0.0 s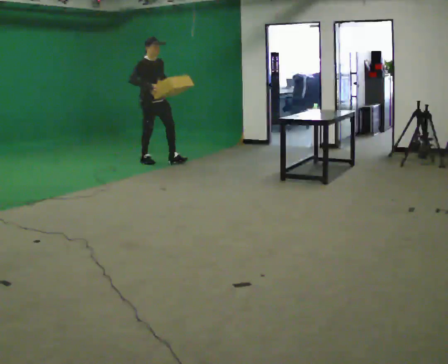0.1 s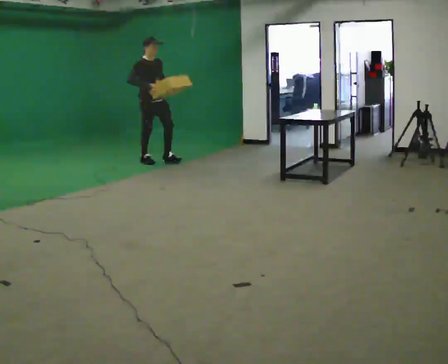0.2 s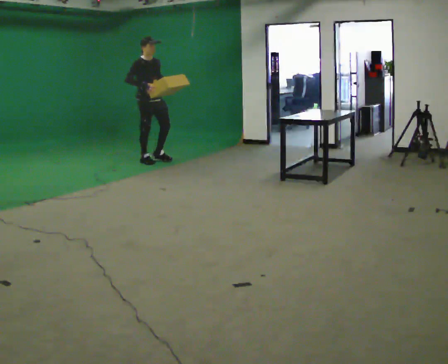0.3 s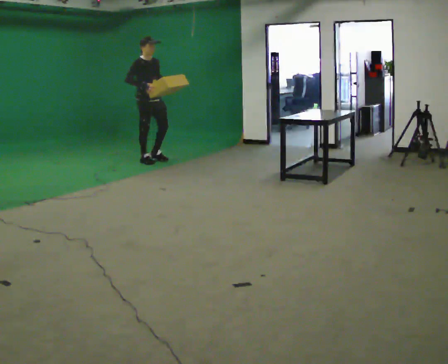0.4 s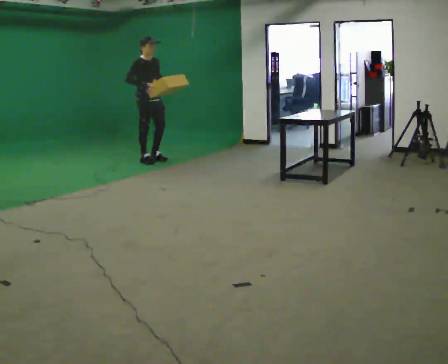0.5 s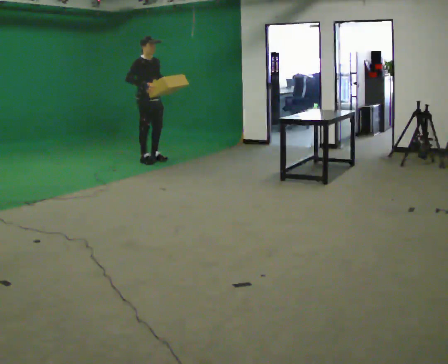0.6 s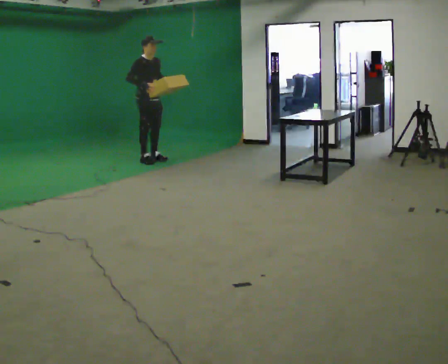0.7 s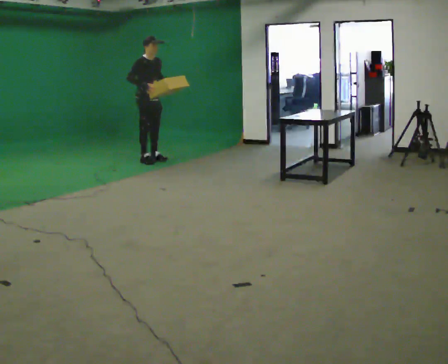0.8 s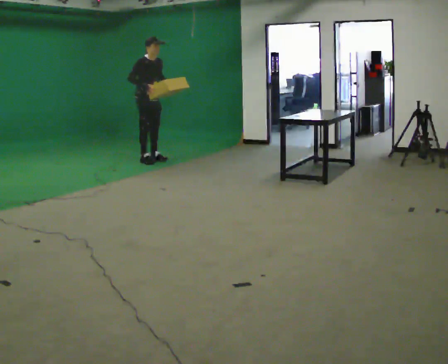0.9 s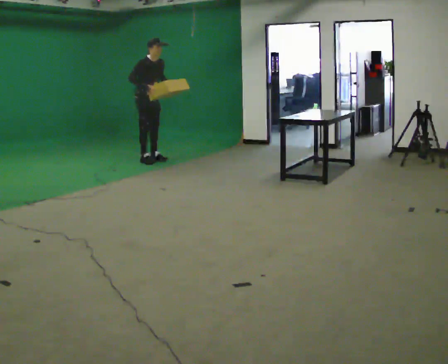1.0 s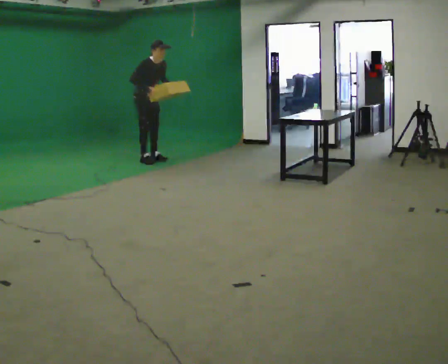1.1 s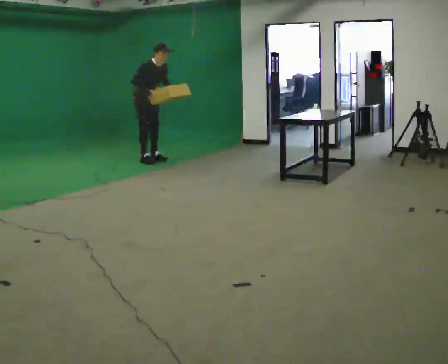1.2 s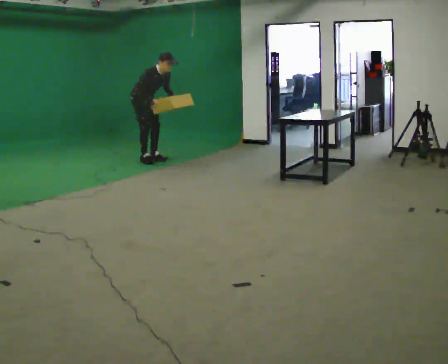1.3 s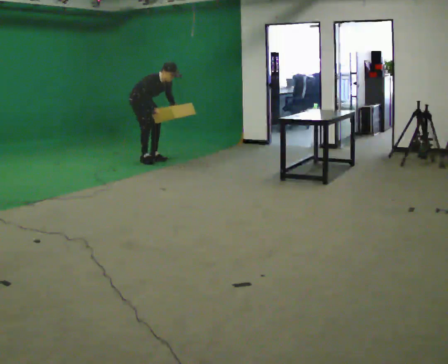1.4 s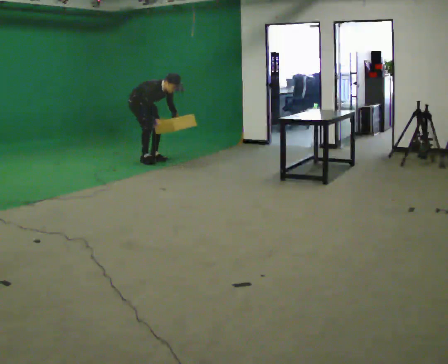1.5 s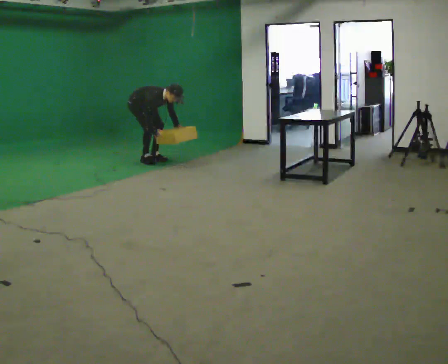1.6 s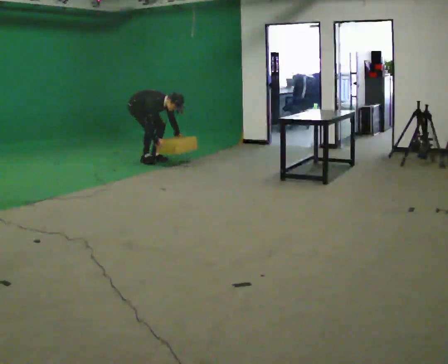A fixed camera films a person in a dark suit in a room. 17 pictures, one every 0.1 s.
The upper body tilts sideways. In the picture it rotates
clockwise.
Their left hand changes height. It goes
downward.
0.0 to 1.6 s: In the picture they go away from the camera and to the left, about 0.25 m, which for them is backward. The upper body goes downward. In the picture the upper body tilts clockwise, shoulders to the right, as they bend forward. In the picture their right hand goes downward.
The film runs backward here.
